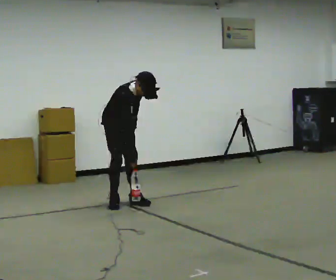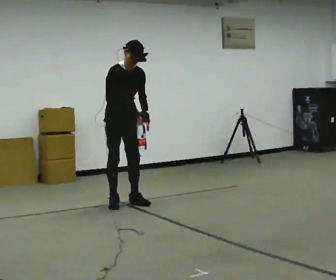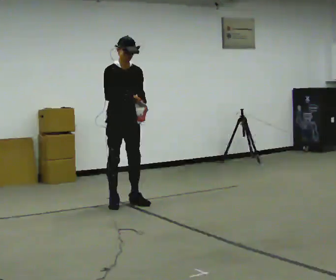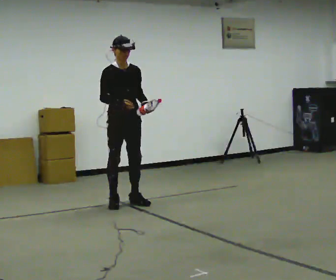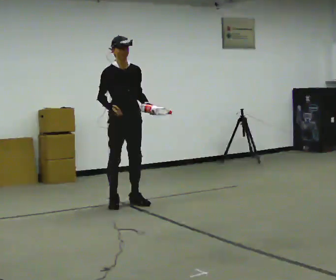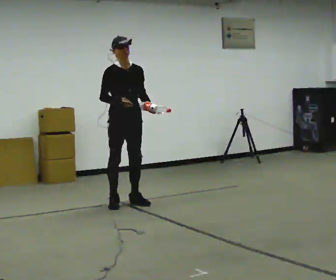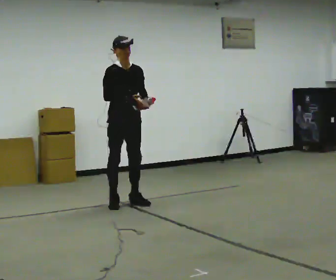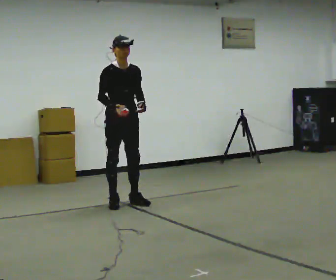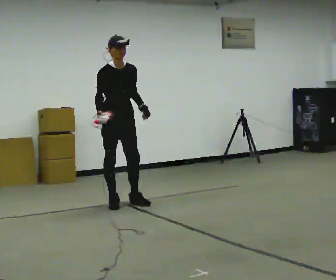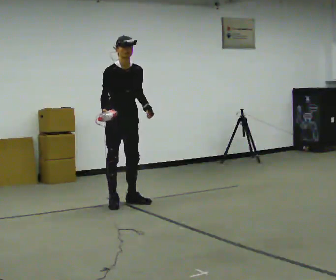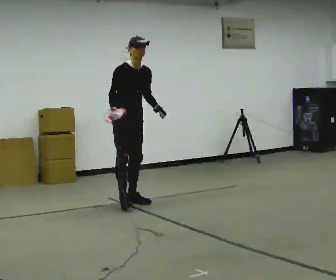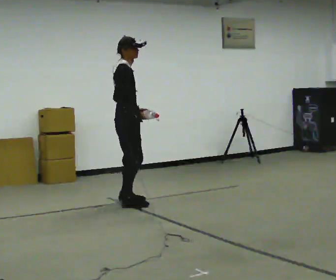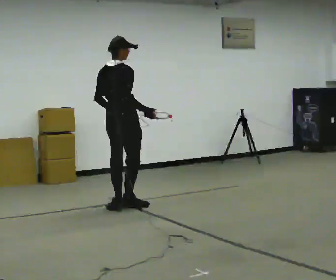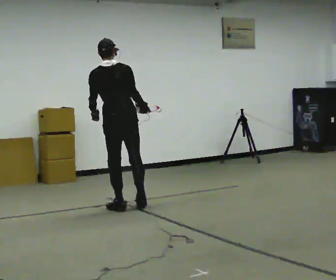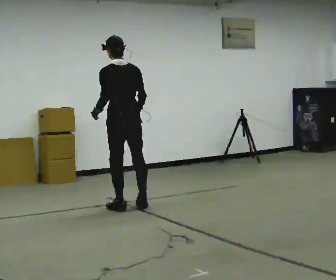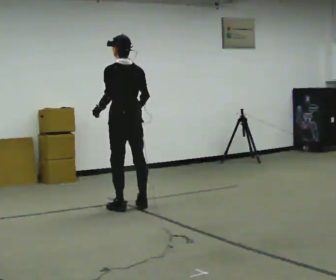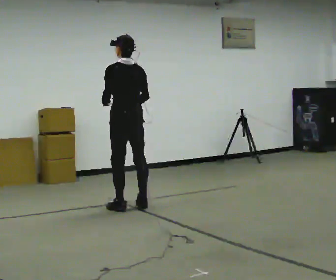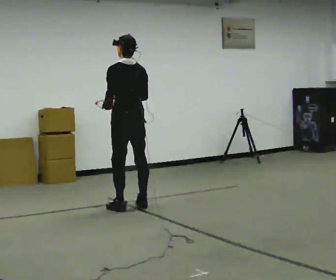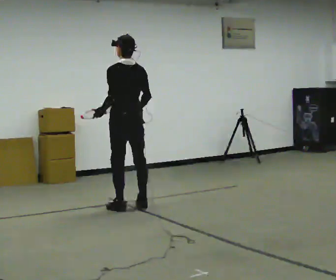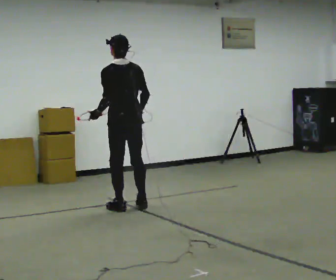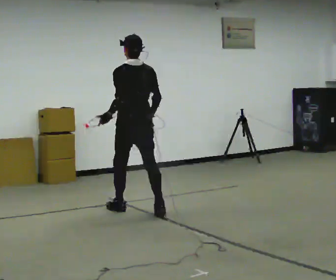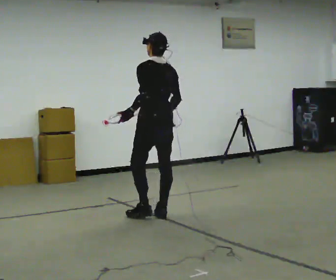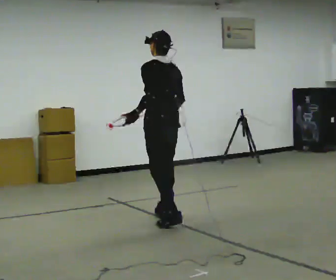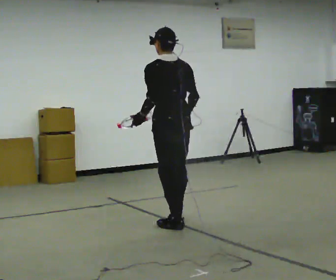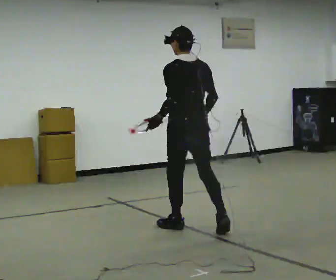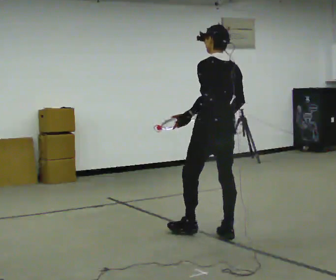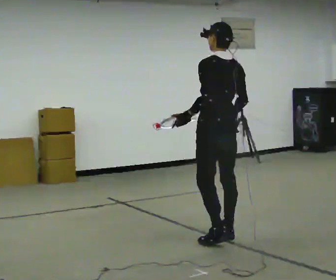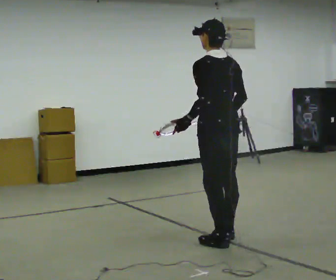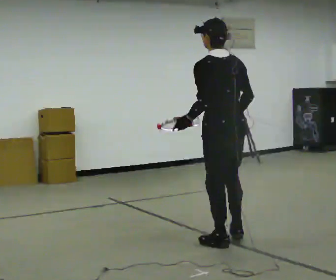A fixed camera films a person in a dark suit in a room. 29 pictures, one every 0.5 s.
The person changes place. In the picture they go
toward the camera.
0.0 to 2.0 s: The shoulders move upward. The upper body tips away from the camera, its near side rolling upward, as they lean back or straighten.
2.0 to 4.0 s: The person moves a little, or ends about where they began.
4.0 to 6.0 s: The part of the body nearest the lens slides to the right as the person turns to their left by about 120 degrees. In the picture they go toward the camera, about 0.25 m in 2 steps. In the picture their right hand goes to the right, the arm swinging counterclockwise.
6.0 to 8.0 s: The part of the body nearest the lens slides to the right as the person turns to their left by about 60 degrees.
8.0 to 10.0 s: In the picture they go toward the camera, about 0.25 m in 1 step, which for them is backward.
10.0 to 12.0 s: In the picture they go toward the camera and to the right, about 1 m in 2 steps, which for them is backward.
12.0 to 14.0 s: In the picture they go toward the camera and to the right, about 0.5 m in 2 steps, which for them is backward.
The film runs backward here.
